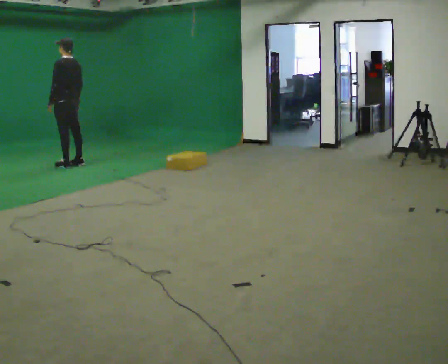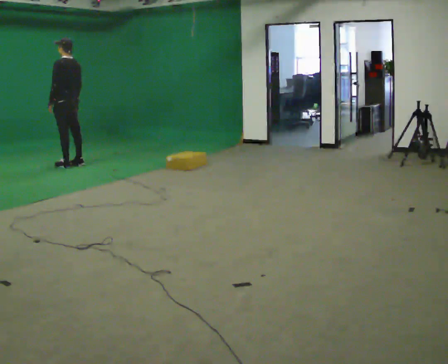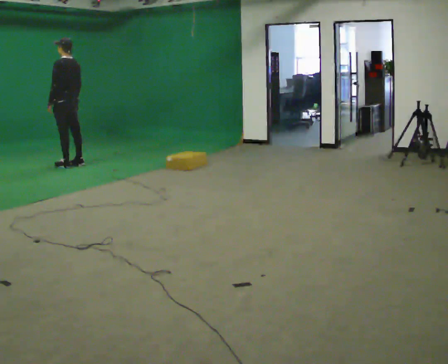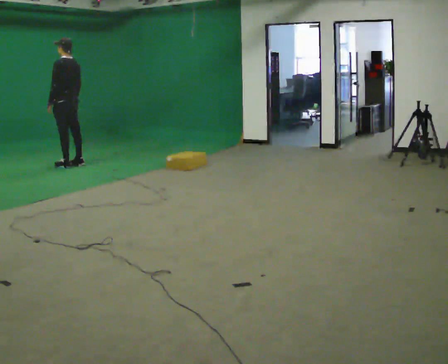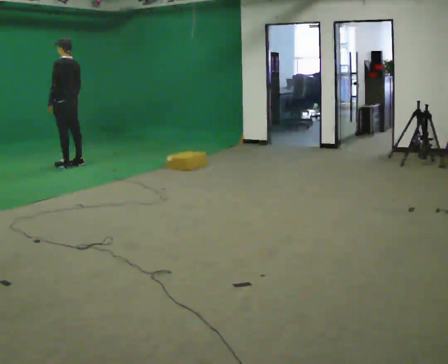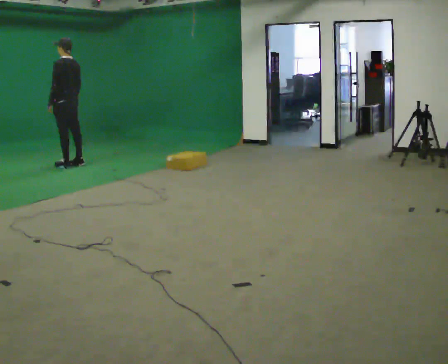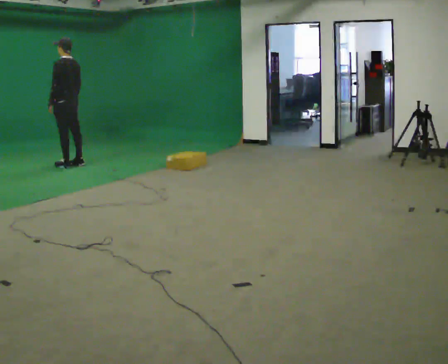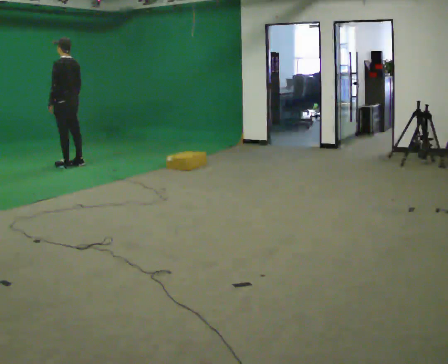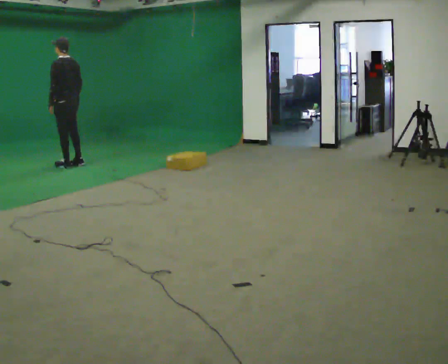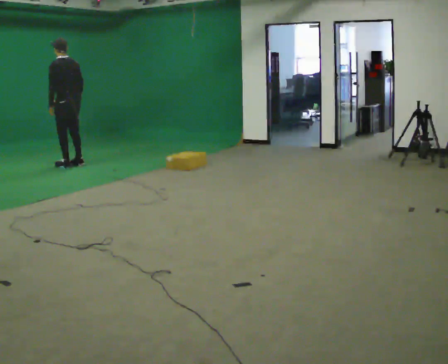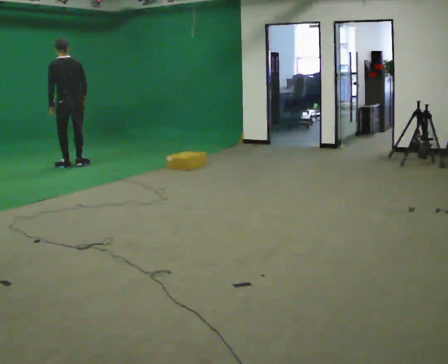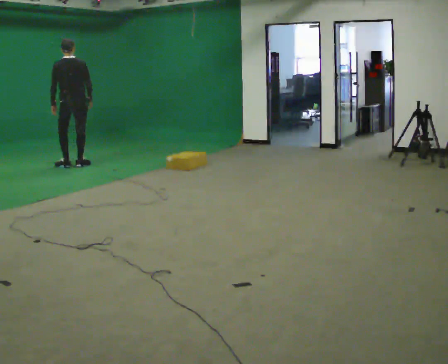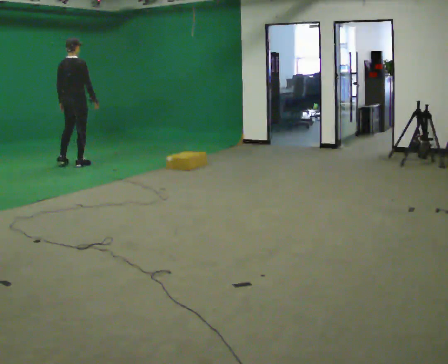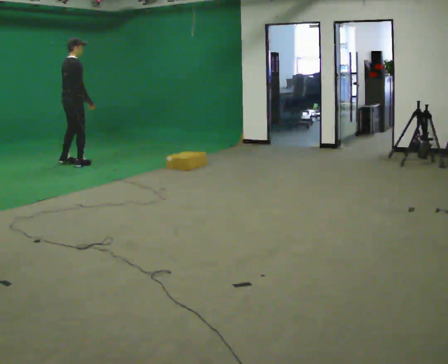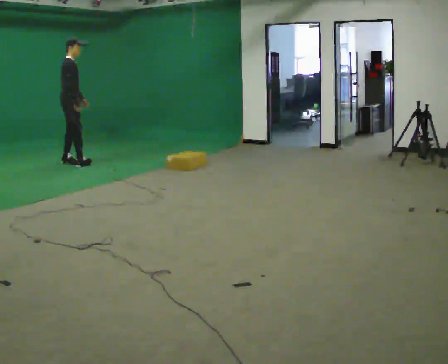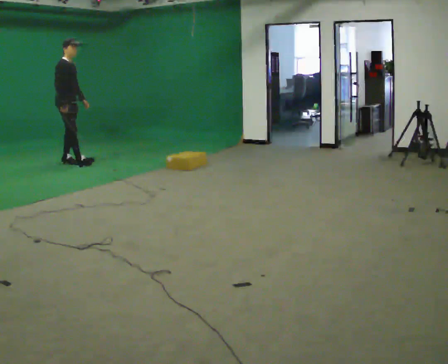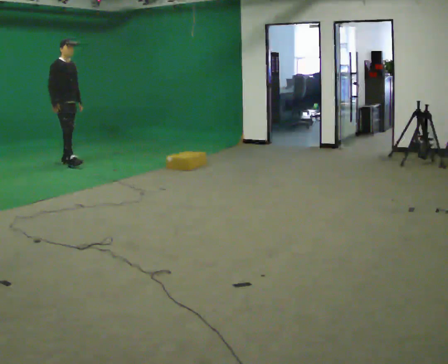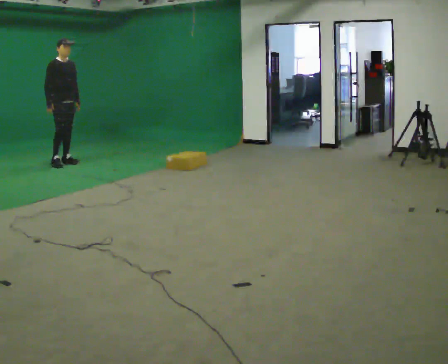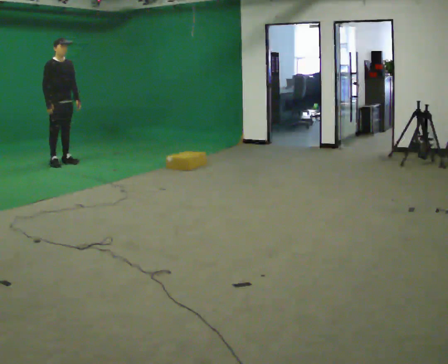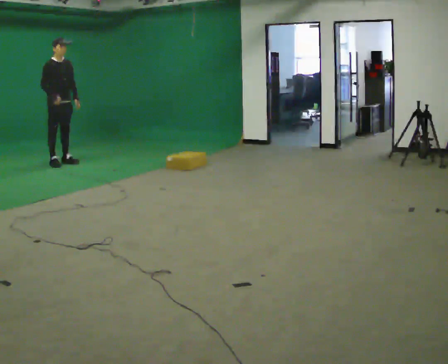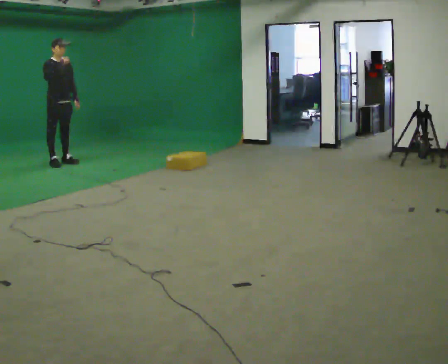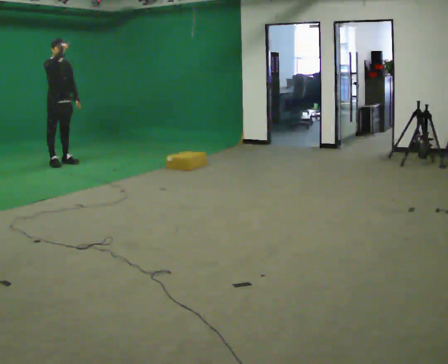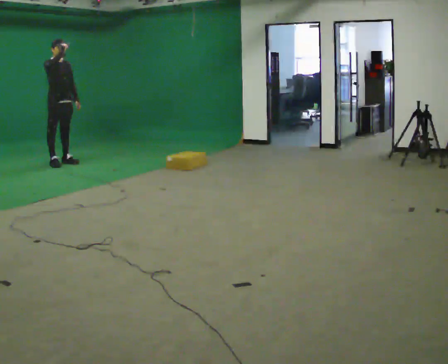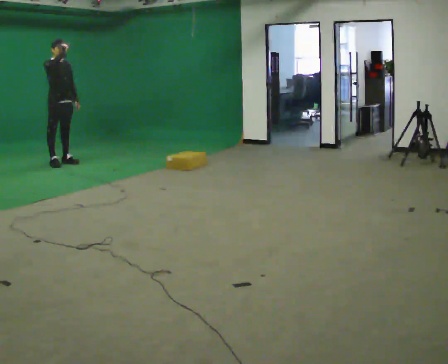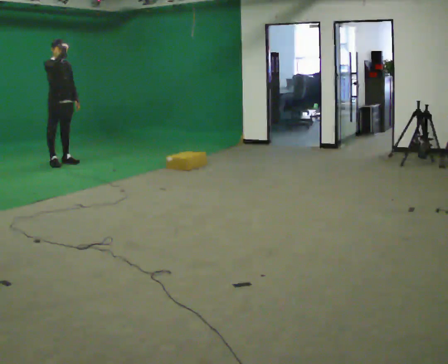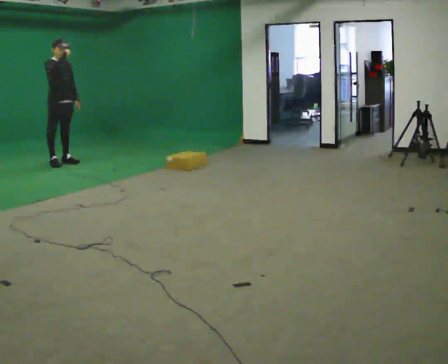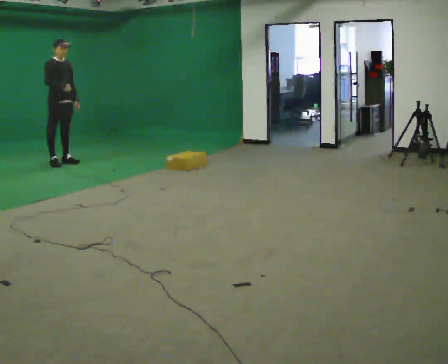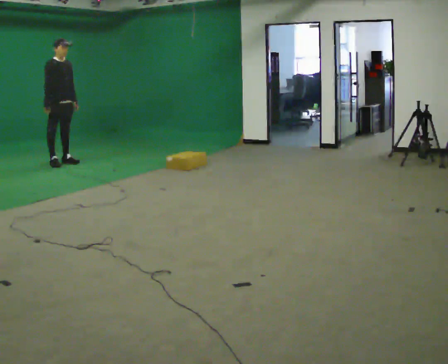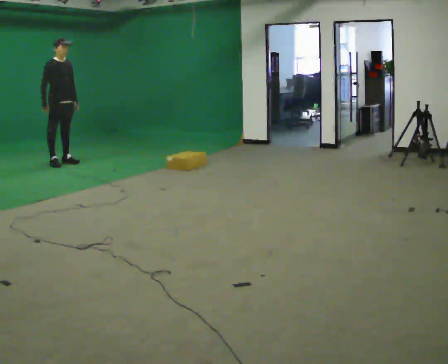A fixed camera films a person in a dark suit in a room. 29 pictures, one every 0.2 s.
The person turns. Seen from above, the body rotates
clockwise.
The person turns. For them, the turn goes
to their right.
0.0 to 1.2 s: The person moves a little, or ends about where they began.
1.2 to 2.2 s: The person turns about 60 degrees to their right, clockwise seen from above, so the part of the body nearest the lens slides to the left.
2.2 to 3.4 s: Seen from above the body turns clockwise, about 120 degrees: to their right, with its near side sliding to the left. In the picture they go to the left and away from the camera, about 0.25 m in 1 step.
3.4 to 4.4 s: In the picture their right hand goes upward.
4.4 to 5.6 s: In the picture their right hand goes downward.
The film runs forward here.
